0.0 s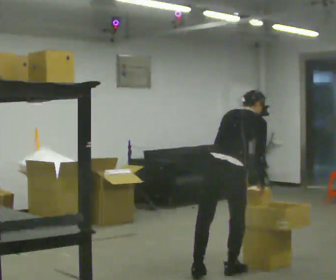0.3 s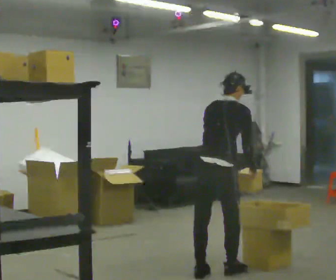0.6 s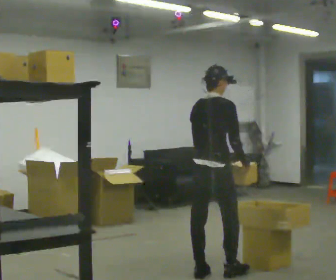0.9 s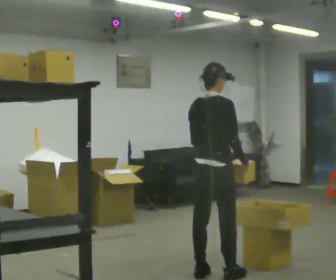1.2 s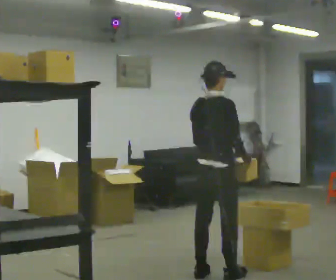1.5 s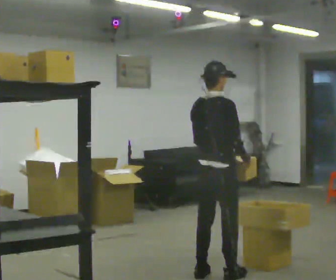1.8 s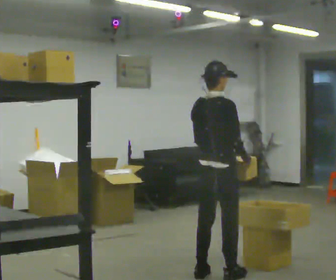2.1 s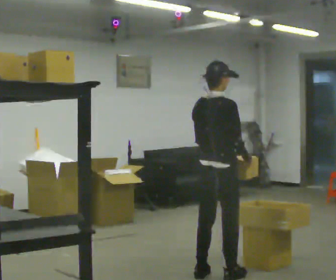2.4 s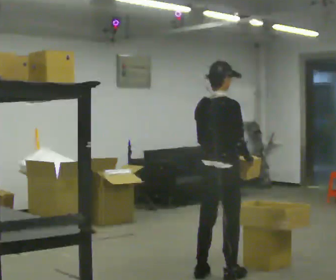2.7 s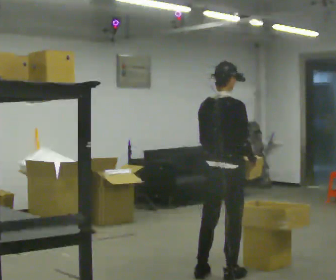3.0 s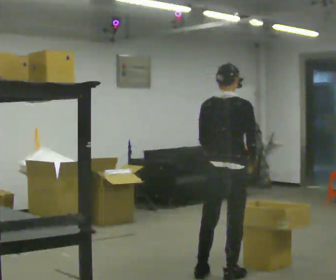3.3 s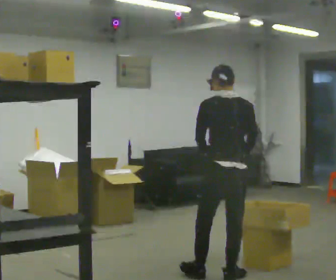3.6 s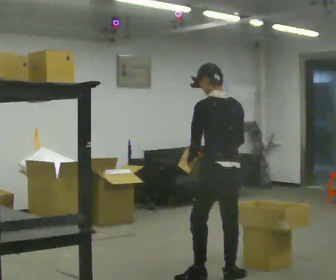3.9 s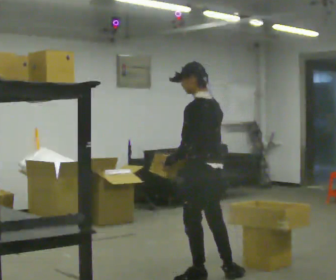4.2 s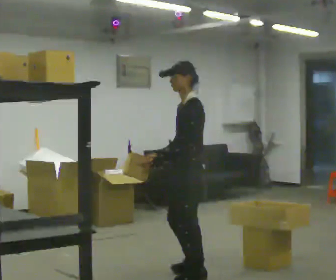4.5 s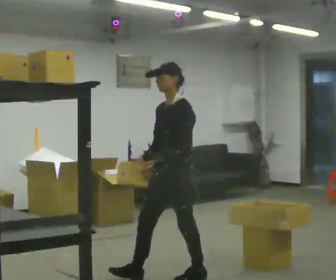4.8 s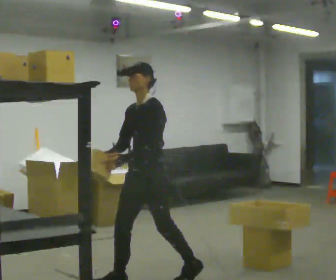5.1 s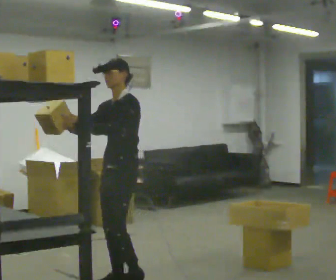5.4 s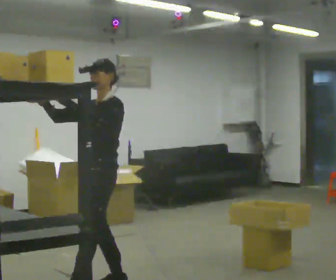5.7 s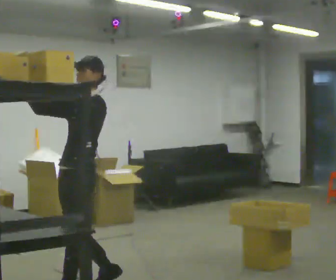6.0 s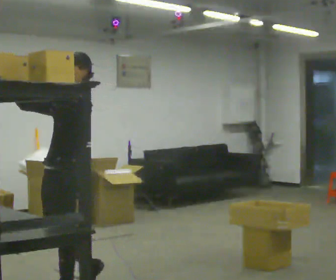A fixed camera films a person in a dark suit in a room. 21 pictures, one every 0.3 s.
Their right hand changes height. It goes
upward.
Their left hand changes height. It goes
upward.
0.0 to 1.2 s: The upper body tips toward the camera, its near side rolling downward, as they lean back or straighten.
1.2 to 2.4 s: The person moves a little, or ends about where they began.
2.4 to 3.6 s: The part of the body nearest the lens slides to the right as the person turns to their left by about 75 degrees.
3.6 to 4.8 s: Seen from above the body turns counterclockwise, about 90 degrees: to their left, with its near side sliding to the right. In the picture they go to the left, about 0.5 m in 1 step.
4.8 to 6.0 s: In the picture they go toward the camera and to the left, about 0.5 m in 1 step, which for them is forward. In the picture their right hand goes upward, the arm swinging clockwise.
The film runs forward here.
